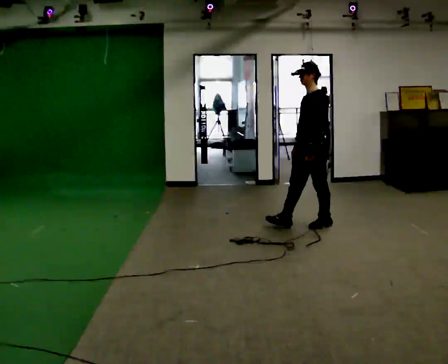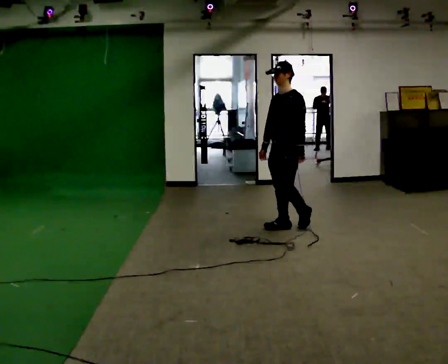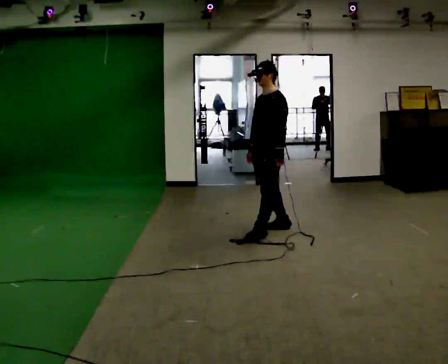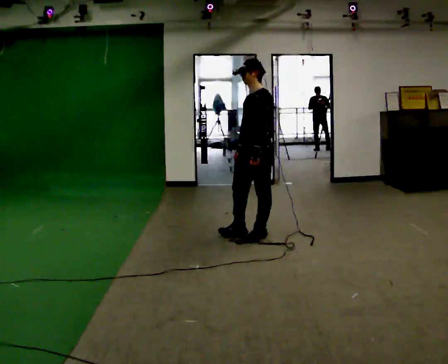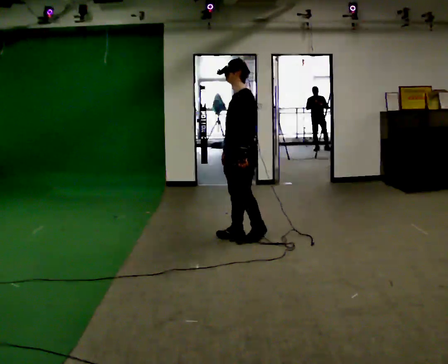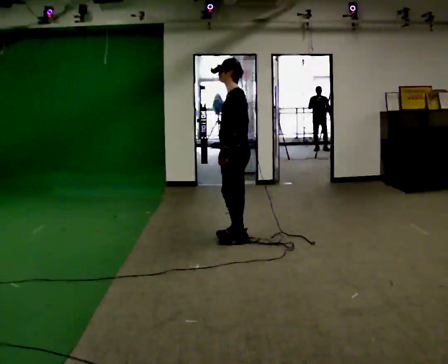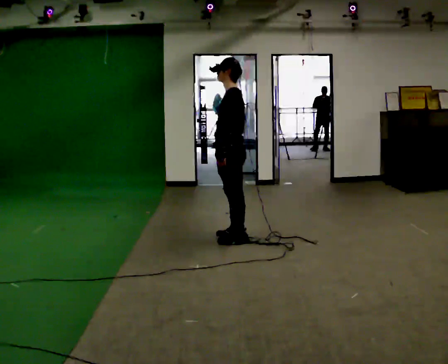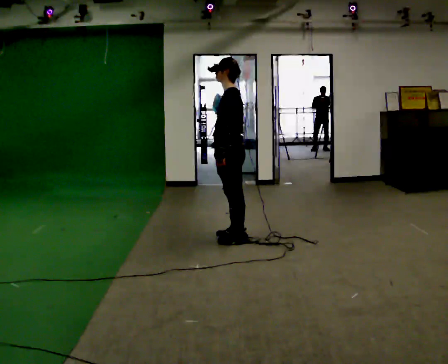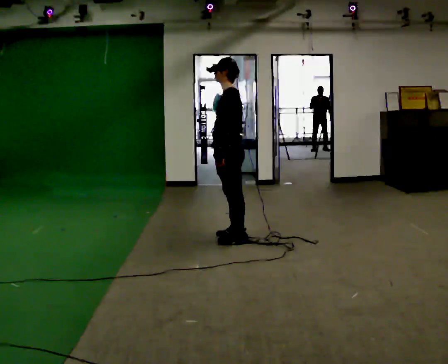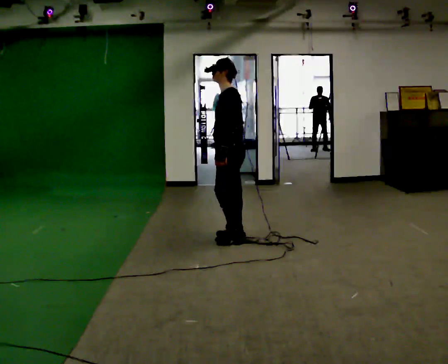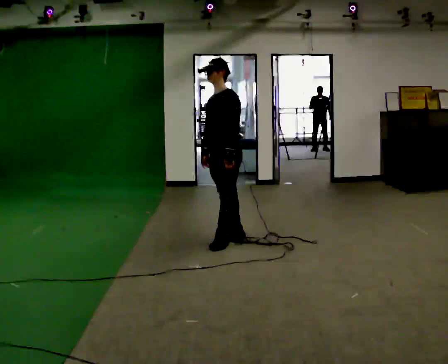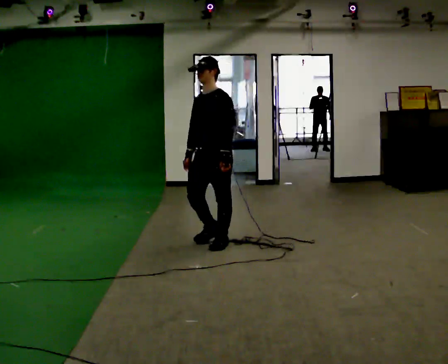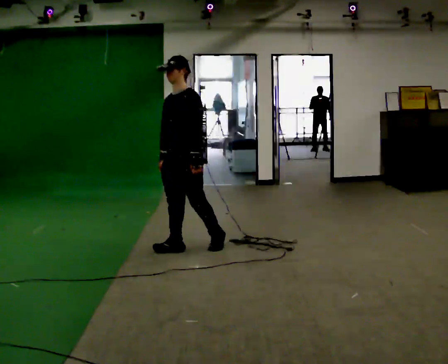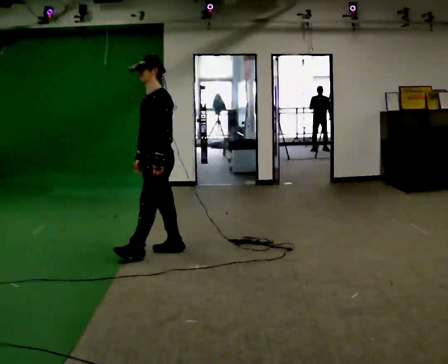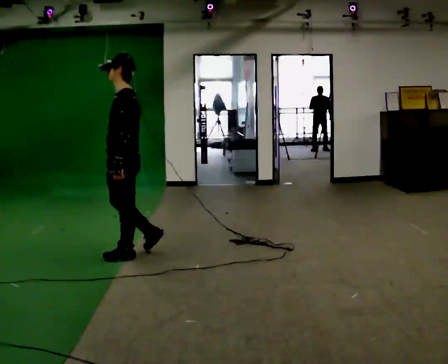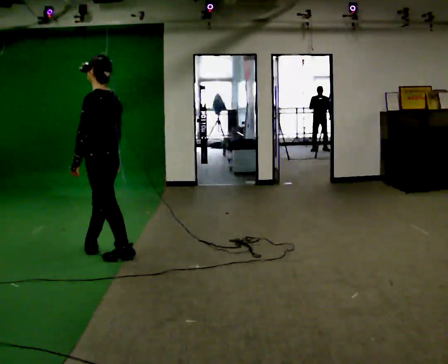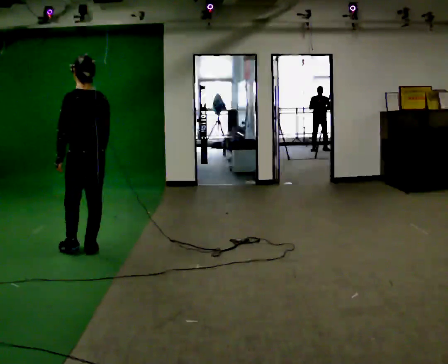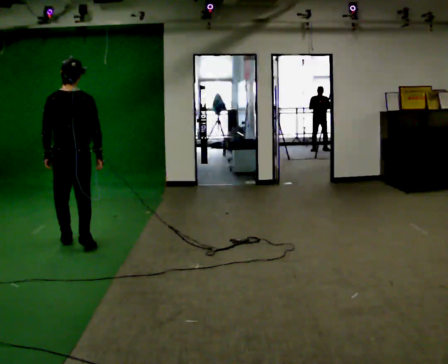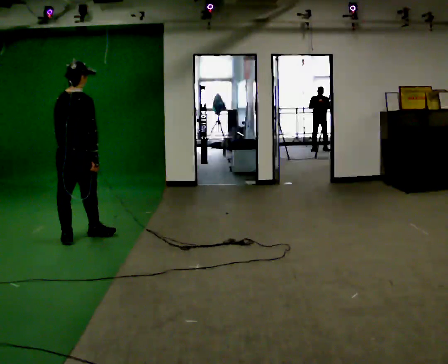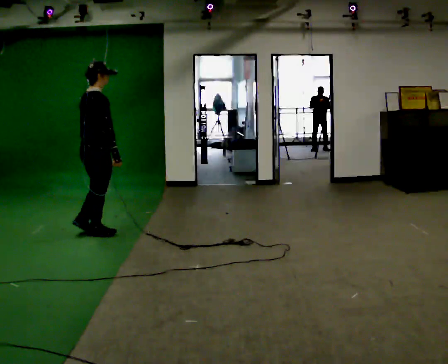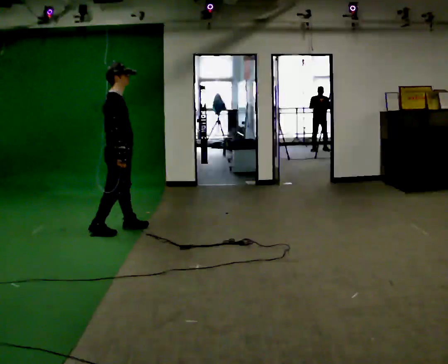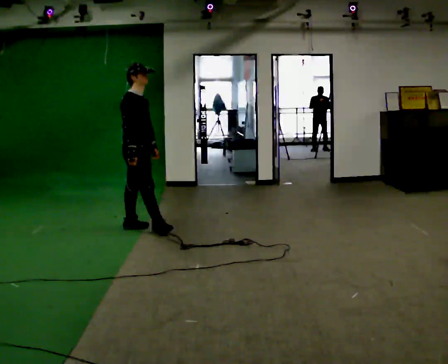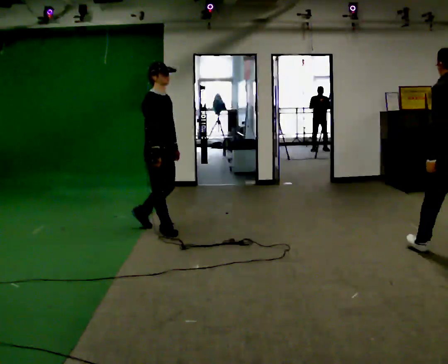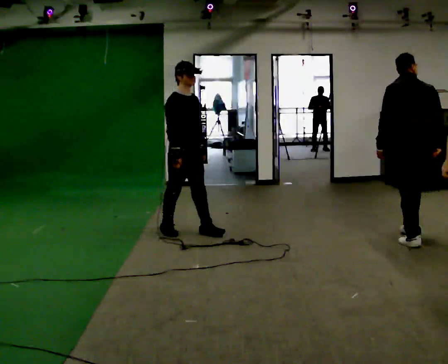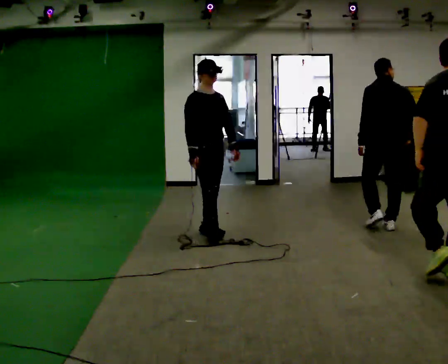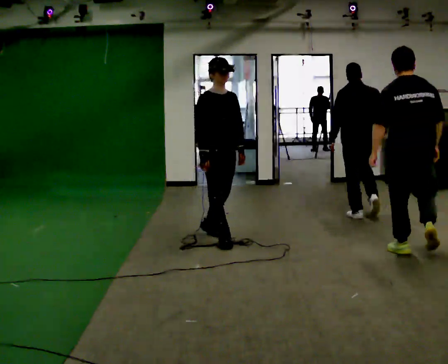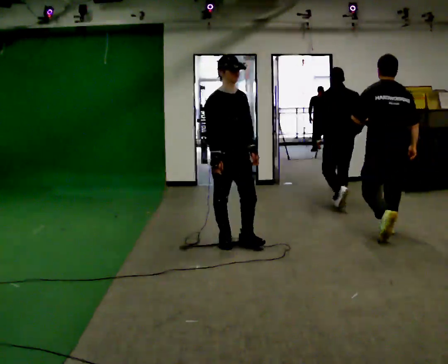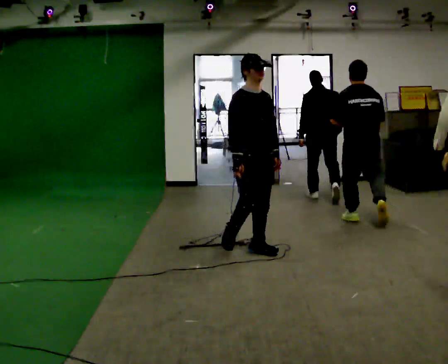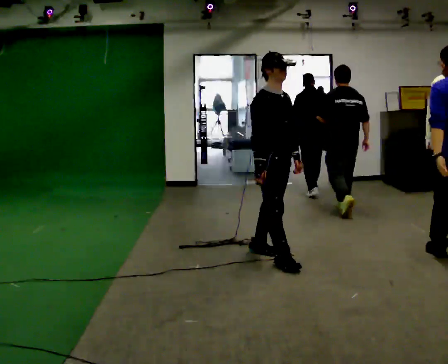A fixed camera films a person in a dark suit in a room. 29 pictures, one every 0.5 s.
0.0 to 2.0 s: In the picture they go to the left, about 1 m in 3 steps, which for them is forward.
2.0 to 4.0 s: The person moves a little, or ends about where they began.
4.0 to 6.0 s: Seen from above the body turns counterclockwise, about 45 degrees: to their left, with its near side sliding to the right. In the picture they go to the left and toward the camera, about 0.5 m in 2 steps, which for them is forward.
6.0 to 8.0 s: The part of the body nearest the lens slides to the left as the person turns to their right by about 90 degrees. In the picture they go to the left, about 1 m in 2 steps.
8.0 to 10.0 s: Seen from above the body turns clockwise, about 120 degrees: to their right, with its near side sliding to the left. In the picture they go away from the camera, about 0.75 m in 3 steps.
10.0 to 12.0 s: The person turns about 60 degrees to their right, clockwise seen from above, so the part of the body nearest the lens slides to the left. In the picture they go to the right, about 1 m in 2 steps.
12.0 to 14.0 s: In the picture they go toward the camera and to the right, about 1 m in 3 steps, which for them is forward.
The film runs forward here.
